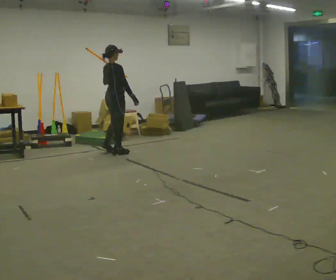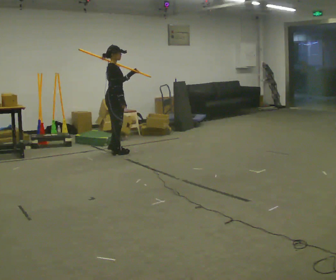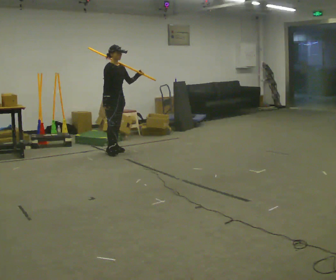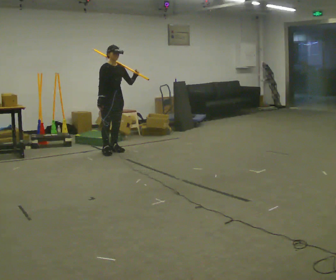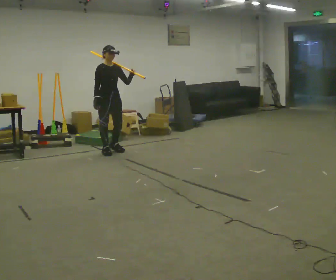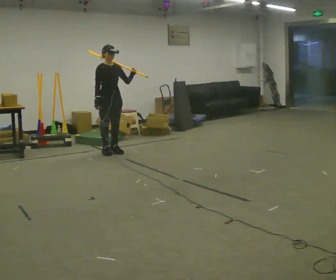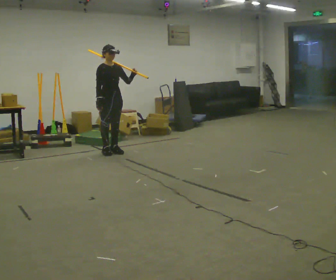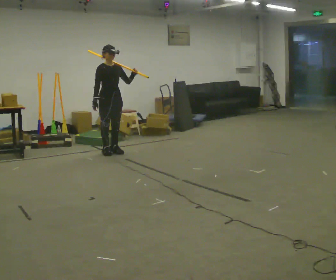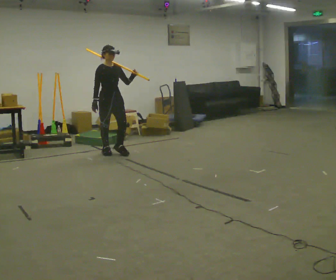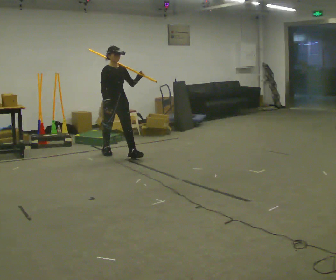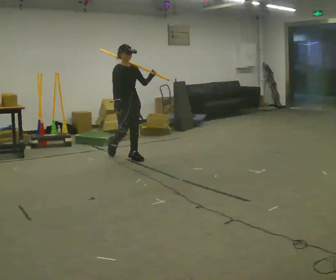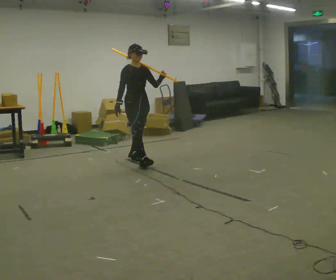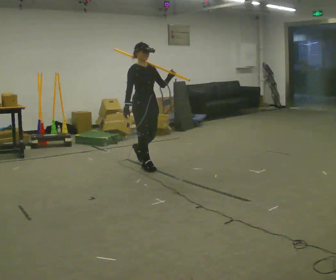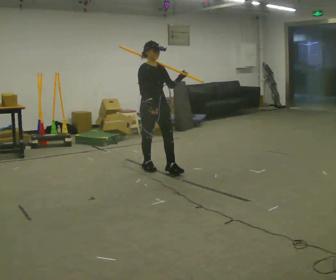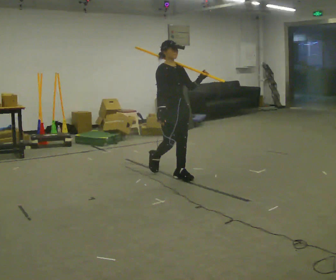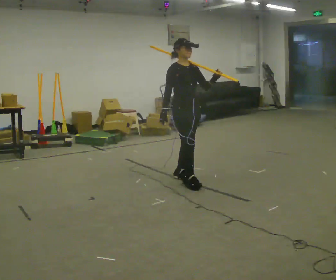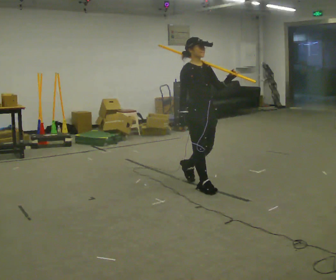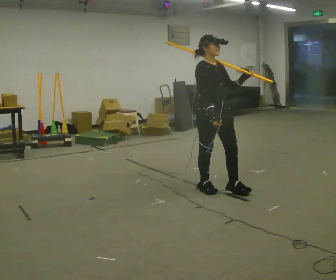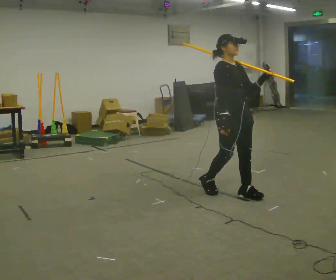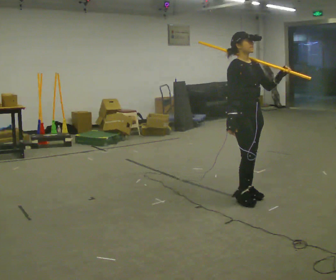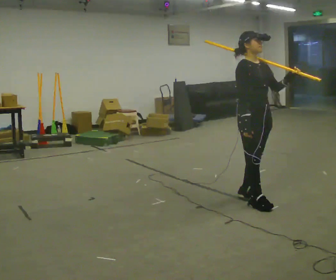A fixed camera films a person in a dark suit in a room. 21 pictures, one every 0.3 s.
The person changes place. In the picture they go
toward the camera.
0.0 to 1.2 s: The person turns about 90 degrees to their right, clockwise seen from above, so the part of the body nearest the lens slides to the left.
1.2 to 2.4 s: The person moves a little, or ends about where they began.
2.4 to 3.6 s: In the picture they go toward the camera and to the right, about 1 m in 2 steps, which for them is forward.
3.6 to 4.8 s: In the picture they go toward the camera and to the right, about 1 m in 2 steps, which for them is forward.
4.8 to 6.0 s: In the picture they go toward the camera and to the right, about 0.75 m in 2 steps, which for them is forward.
The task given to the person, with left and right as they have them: Rest the long object on the shoulder the operator calls and carry it across the room, back and forth.
The film runs forward here.
